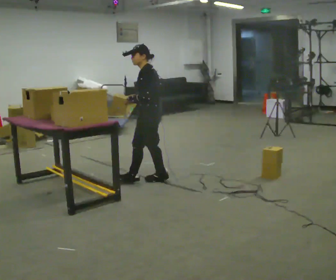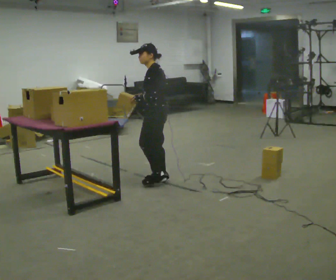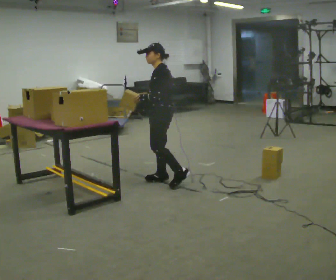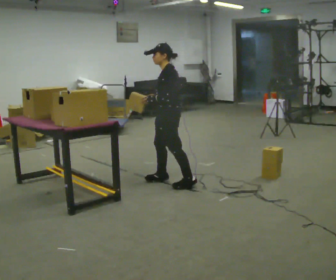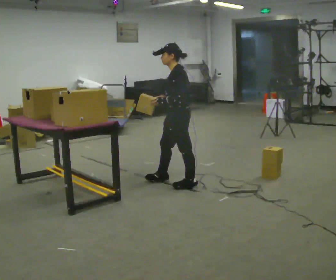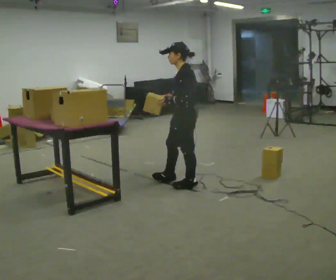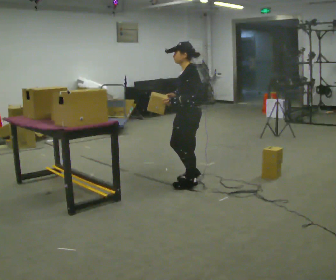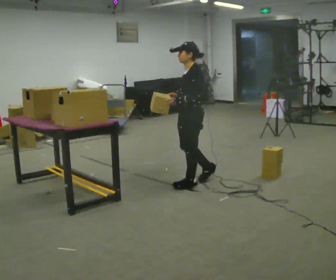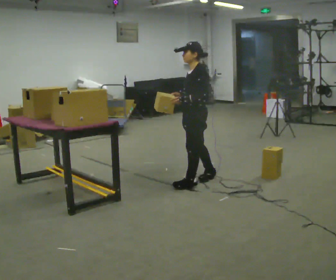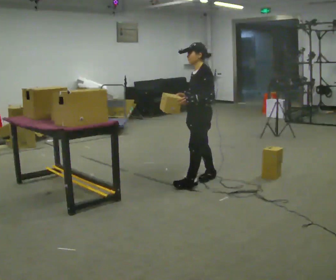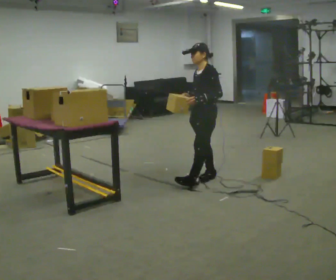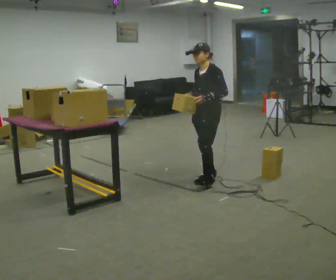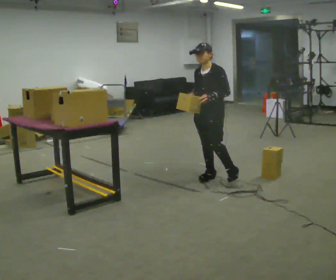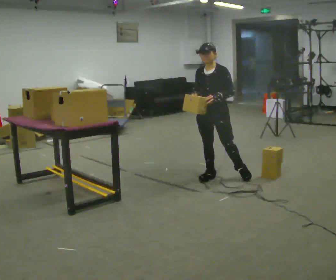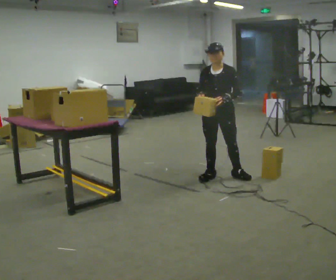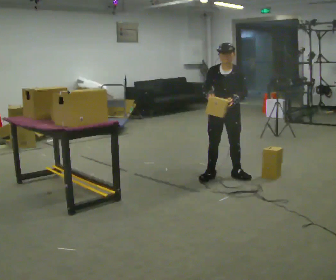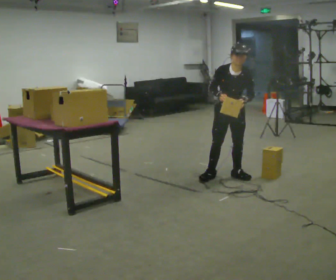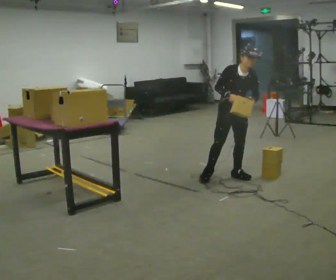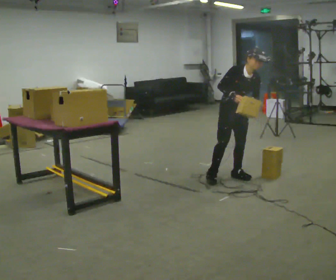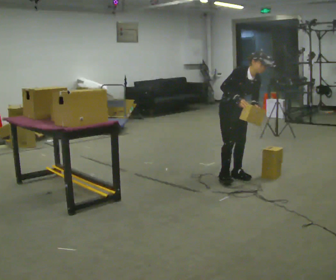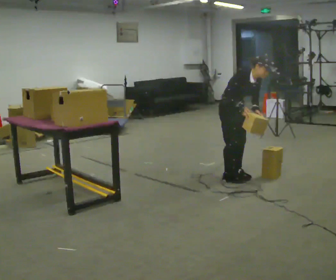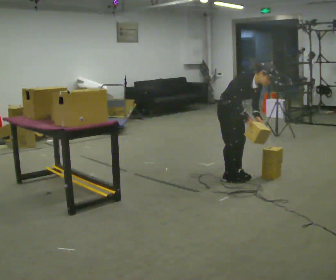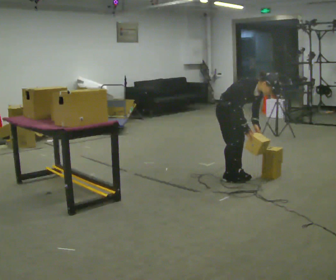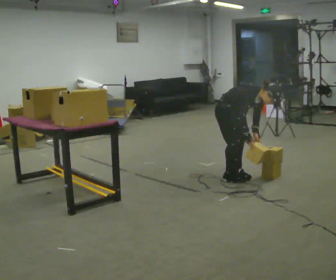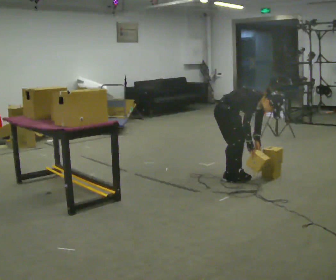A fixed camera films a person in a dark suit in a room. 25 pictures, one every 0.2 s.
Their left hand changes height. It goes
downward.
The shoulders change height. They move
downward.
0.0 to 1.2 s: In the picture they go to the right and toward the camera, about 0.5 m in 1 step, which for them is backward and to their left.
1.2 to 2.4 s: The part of the body nearest the lens slides to the right as the person turns to their left by about 45 degrees. In the picture they go away from the camera and to the right, about 0.25 m in 1 step, which for them is backward and to their right.
2.4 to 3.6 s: The part of the body nearest the lens slides to the right as the person turns to their left by about 60 degrees. In the picture they go to the right, about 0.25 m in 1 step. In the picture the upper body tilts clockwise, shoulders to the right, as they bend forward. In the picture their right hand goes to the right.
3.6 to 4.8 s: The part of the body nearest the lens slides to the right as the person turns to their left by about 30 degrees. The upper body goes downward. In the picture the upper body tilts clockwise, shoulders to the right, as they bend forward. In the picture their right hand goes downward.
The film runs backward here.
